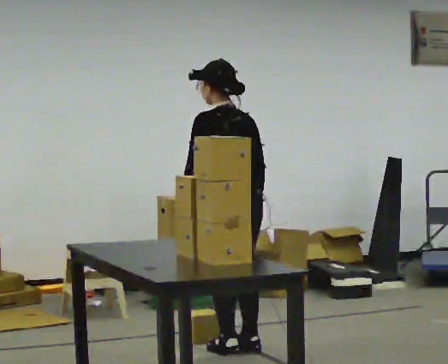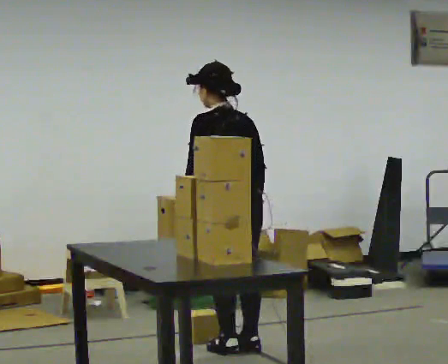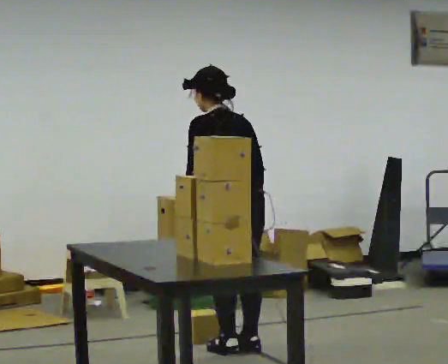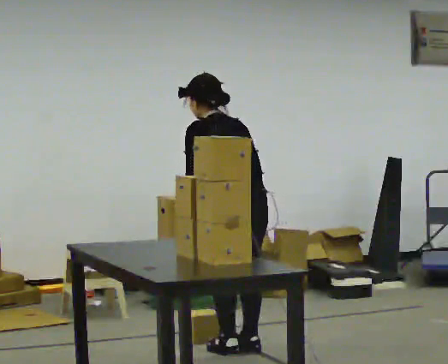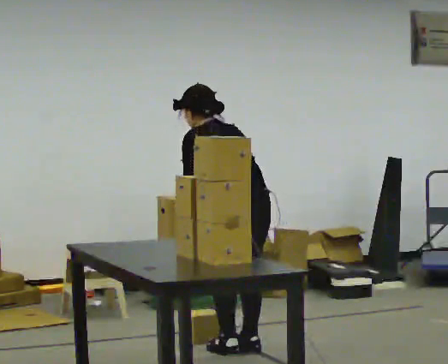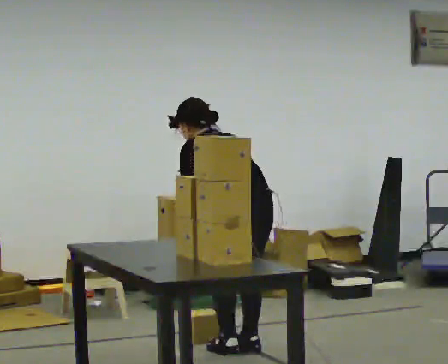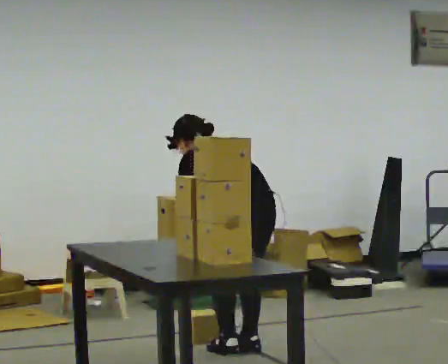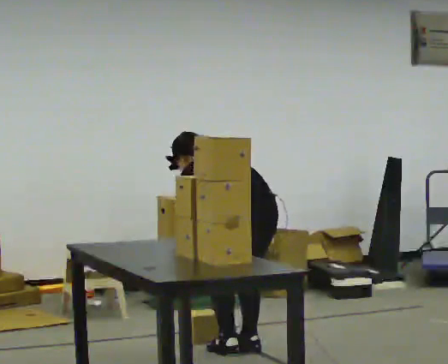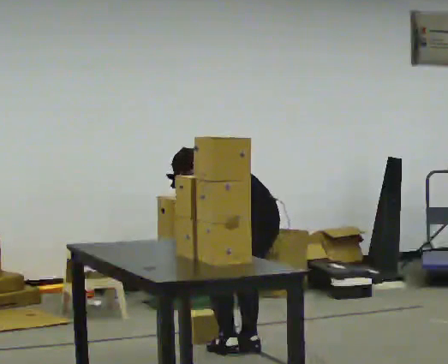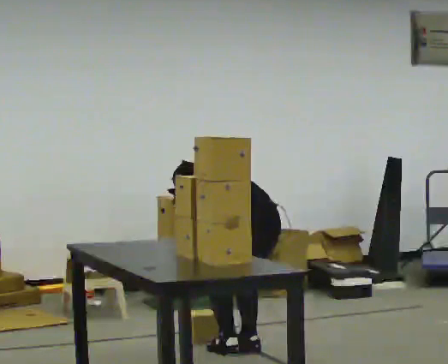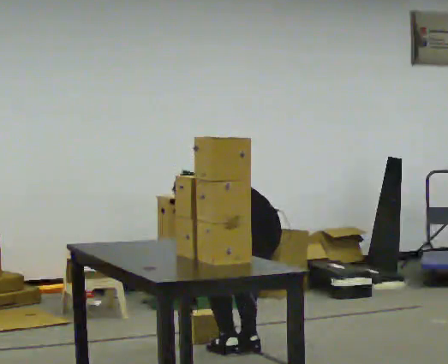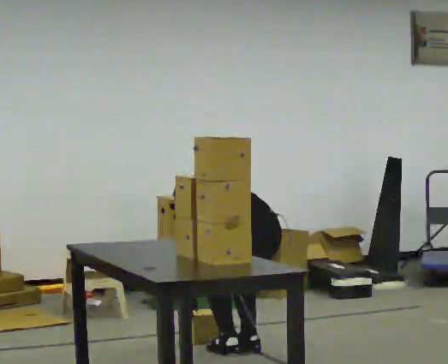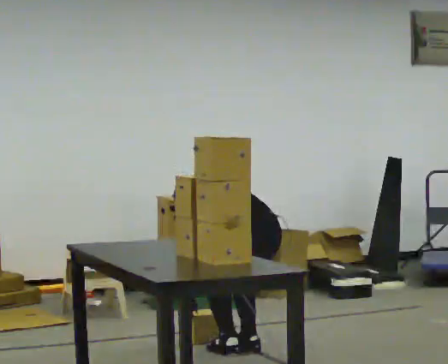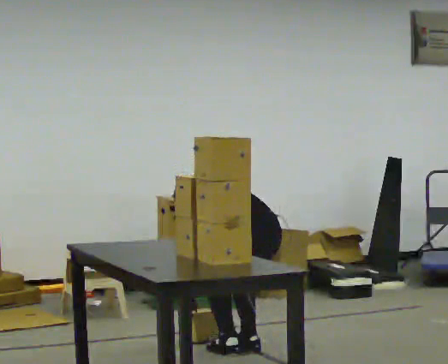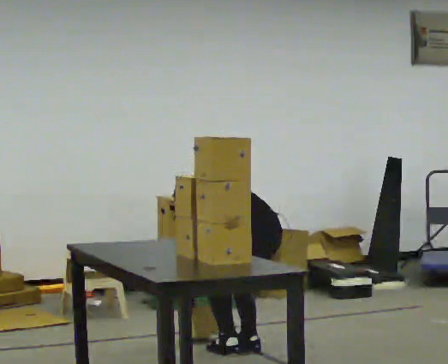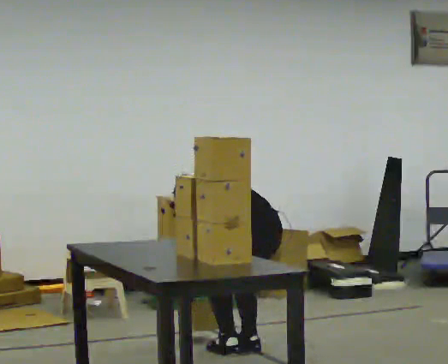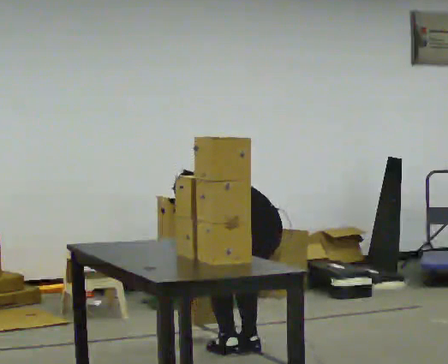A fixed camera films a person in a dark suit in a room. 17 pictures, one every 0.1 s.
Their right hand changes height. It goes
downward.
Their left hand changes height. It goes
downward.
0.0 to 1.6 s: The shoulders move downward. The upper body tips away from the camera, its near side rolling upward, as they bend forward. In the picture their right hand goes downward.
The film runs backward here.
